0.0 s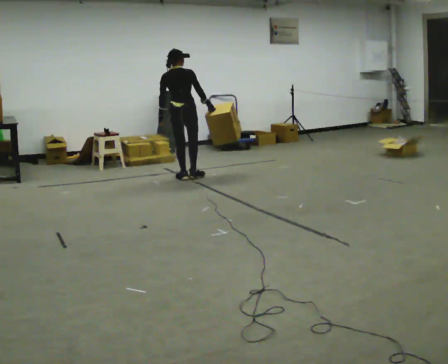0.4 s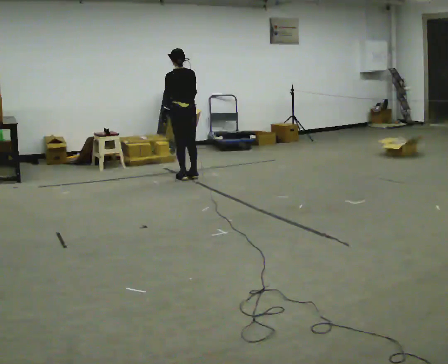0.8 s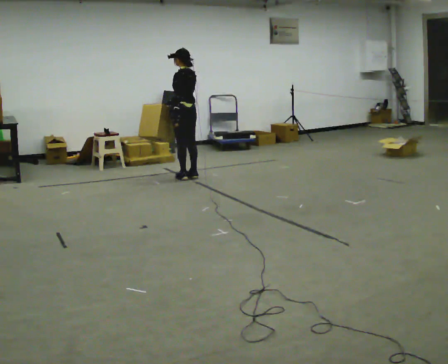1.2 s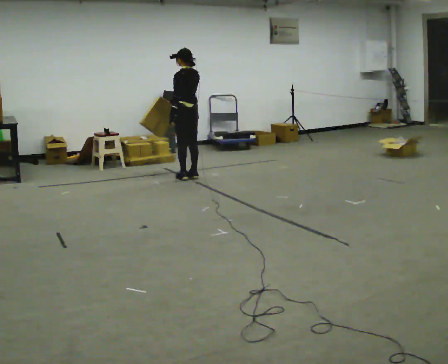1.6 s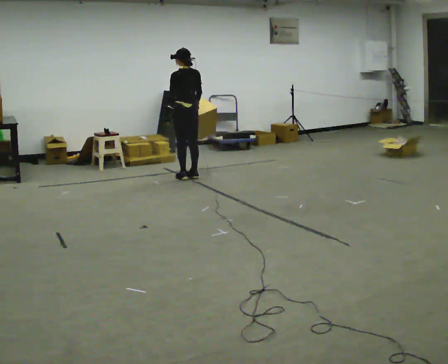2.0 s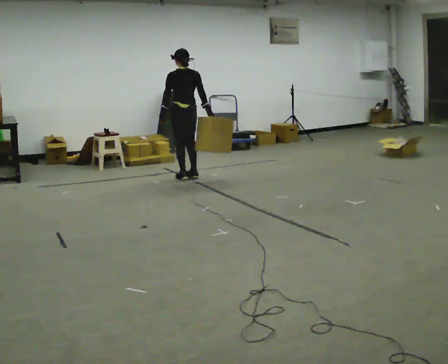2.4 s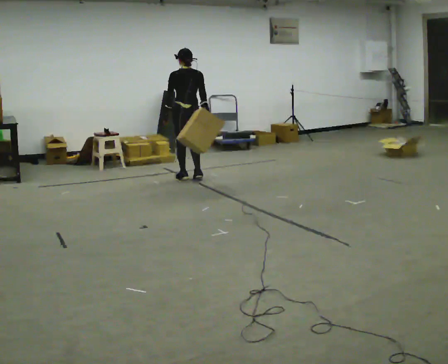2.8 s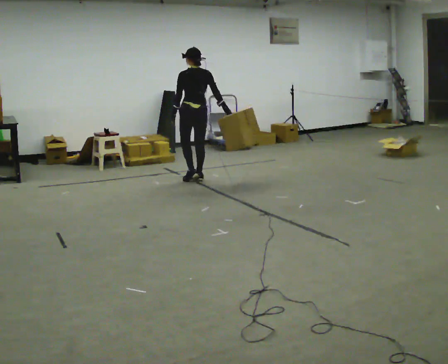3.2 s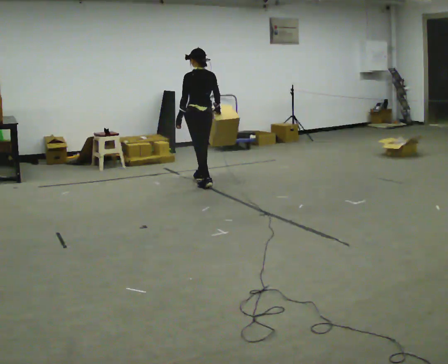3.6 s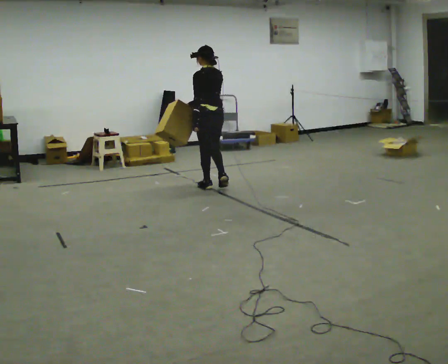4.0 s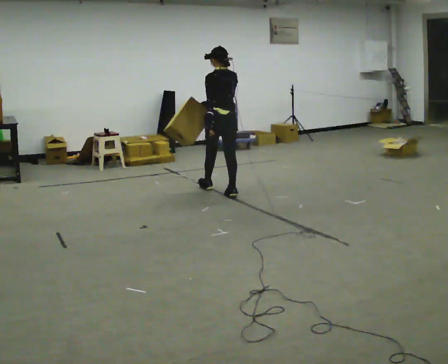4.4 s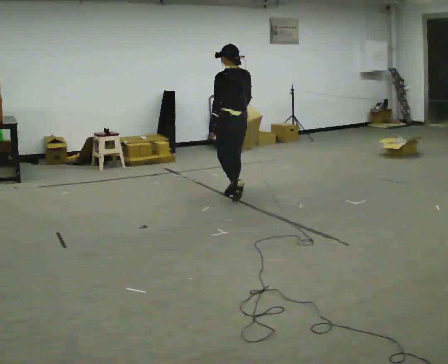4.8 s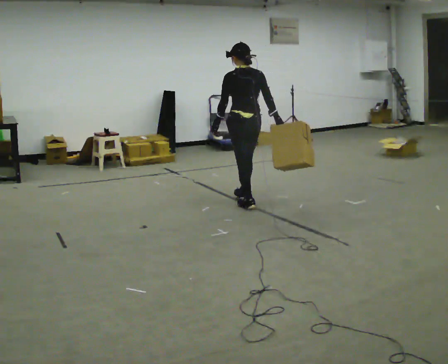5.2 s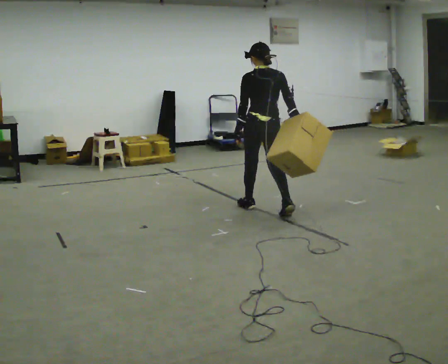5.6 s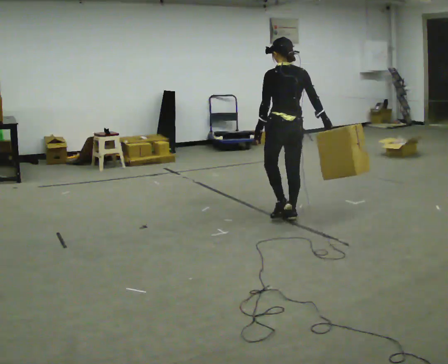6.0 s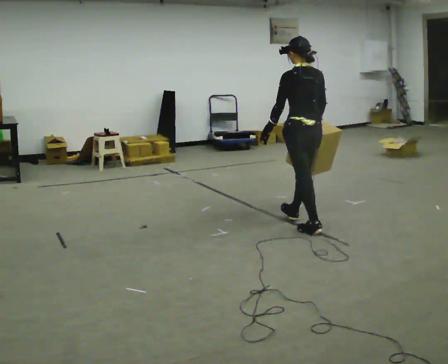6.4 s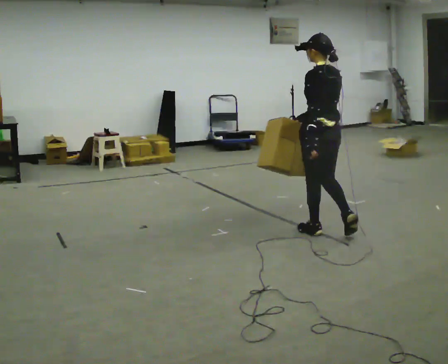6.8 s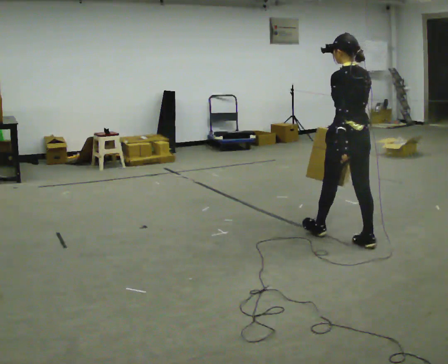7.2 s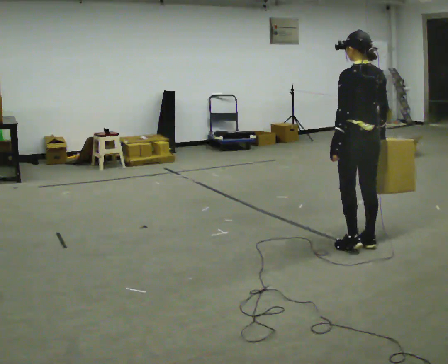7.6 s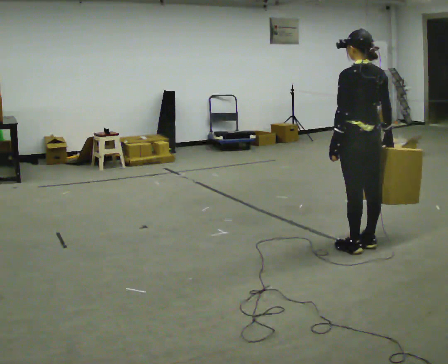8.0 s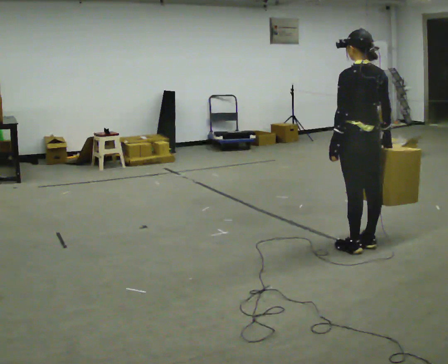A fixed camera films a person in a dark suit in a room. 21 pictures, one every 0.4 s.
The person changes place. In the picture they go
toward the camera.
0.0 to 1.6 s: The part of the body nearest the lens slides to the right as the person turns to their left by about 45 degrees.
1.6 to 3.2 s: In the picture they go toward the camera and to the right, about 0.25 m in 1 step, which for them is backward.
3.2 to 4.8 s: In the picture they go toward the camera and to the right, about 1 m in 3 steps, which for them is backward.
4.8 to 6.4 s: In the picture they go toward the camera and to the right, about 1 m in 2 steps, which for them is backward.
6.4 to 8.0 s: In the picture they go toward the camera and to the right, about 0.5 m in 1 step, which for them is backward.
The film runs backward here.
